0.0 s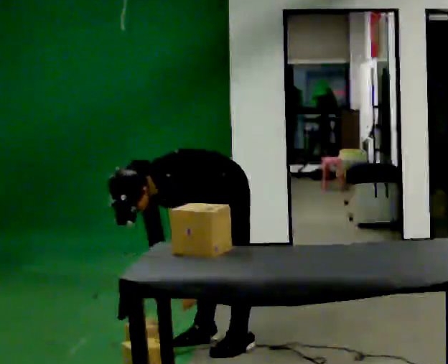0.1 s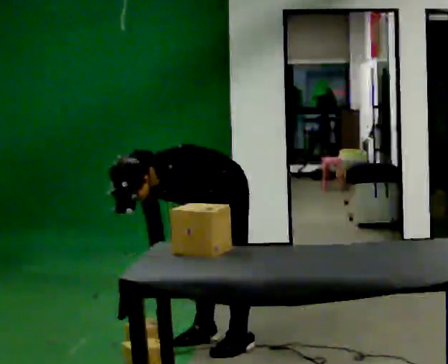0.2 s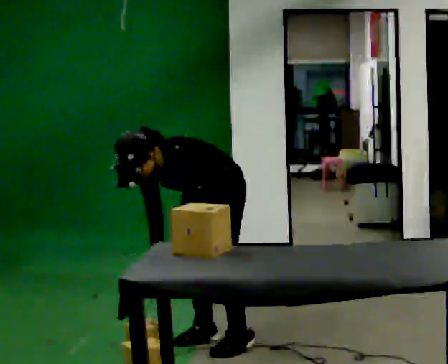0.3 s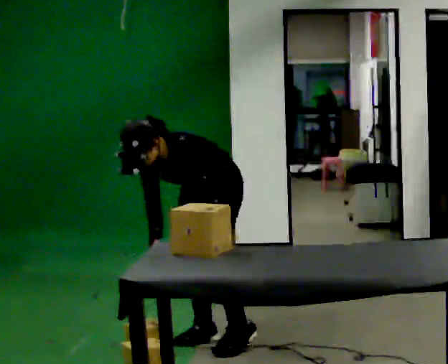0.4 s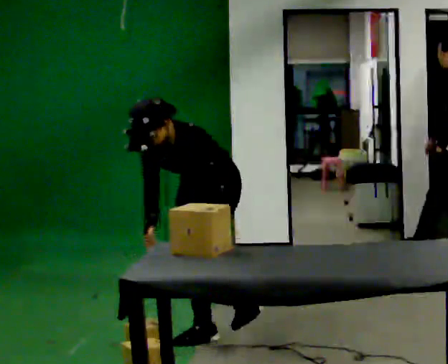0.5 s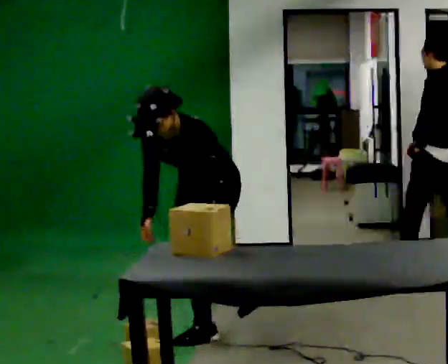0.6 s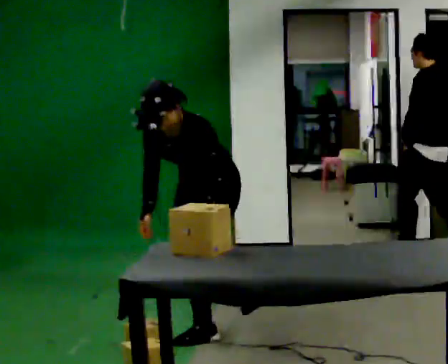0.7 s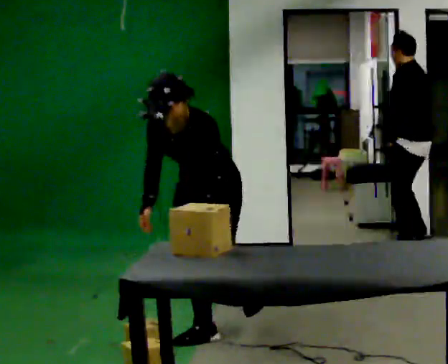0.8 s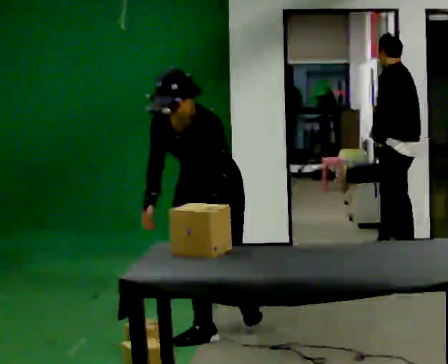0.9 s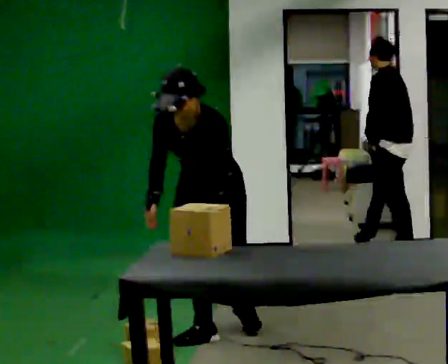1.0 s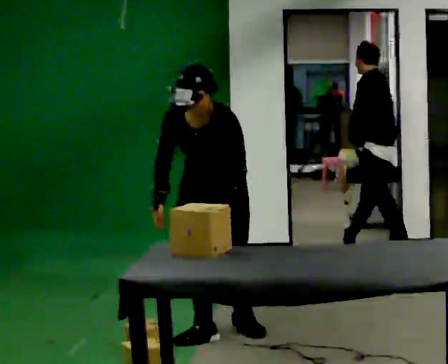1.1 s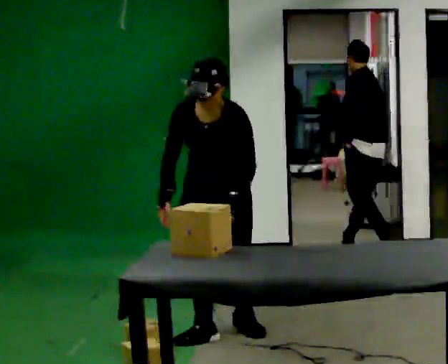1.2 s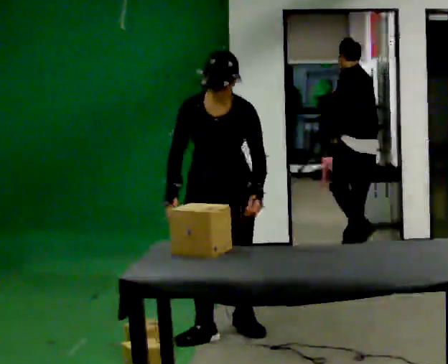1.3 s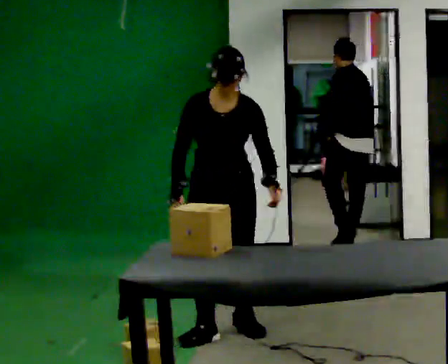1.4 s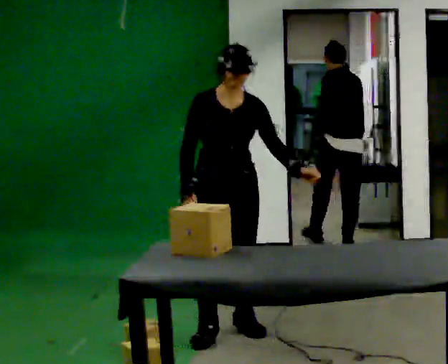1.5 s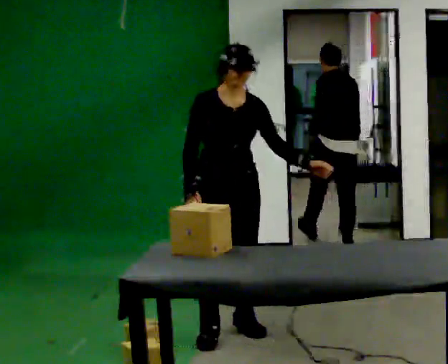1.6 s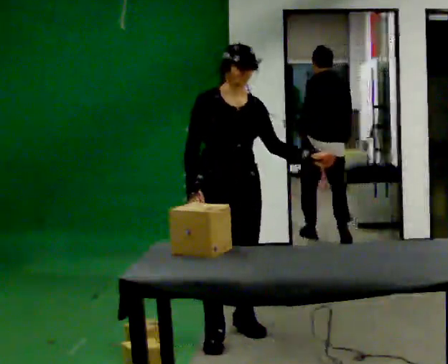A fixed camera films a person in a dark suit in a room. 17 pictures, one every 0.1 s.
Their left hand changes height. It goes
upward.
Their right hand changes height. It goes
upward.
0.0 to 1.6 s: The person turns about 75 degrees to their left, counterclockwise seen from above, so the part of the body nearest the lens slides to the right. The upper body goes upward. In the picture the upper body tilts clockwise, shoulders to the right, as they lean back or straighten. In the picture their left hand goes to the right and upward.
The film runs forward here.
